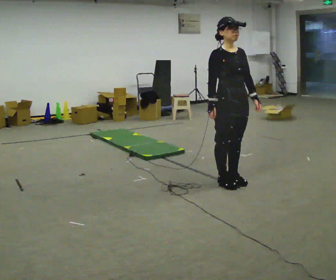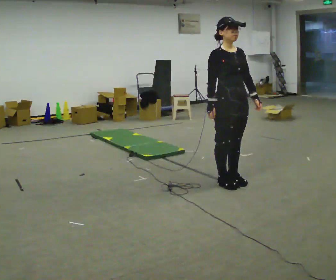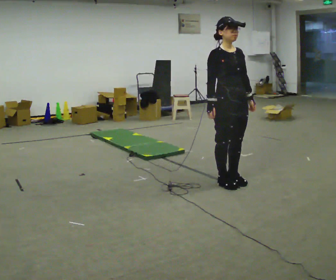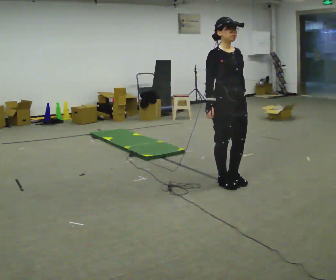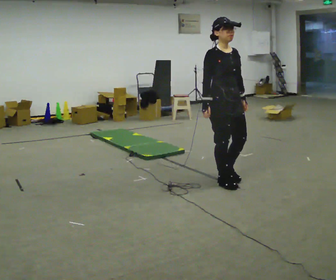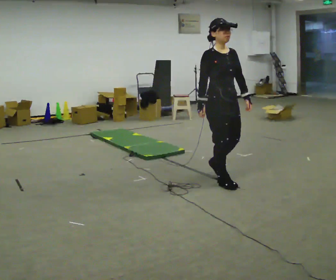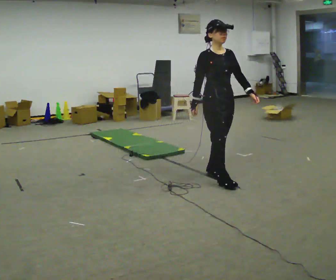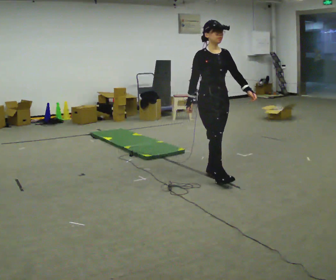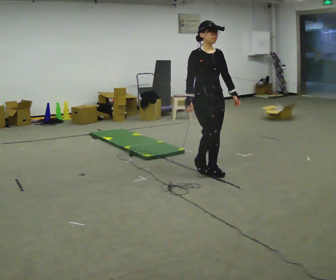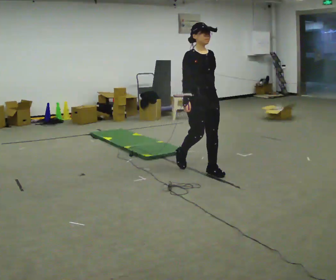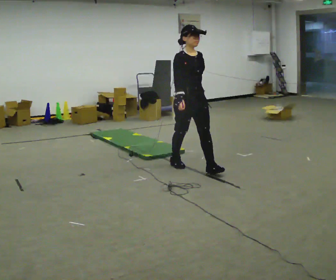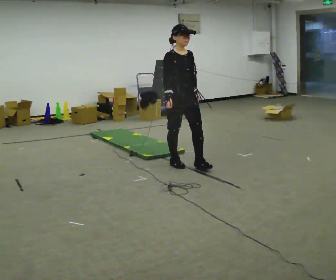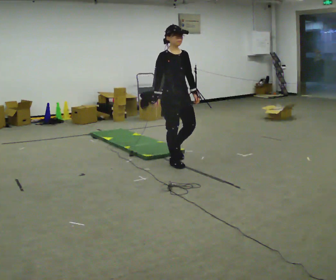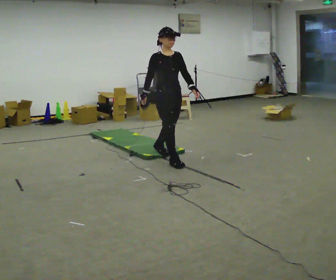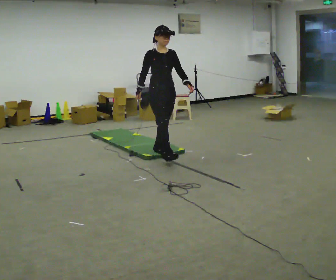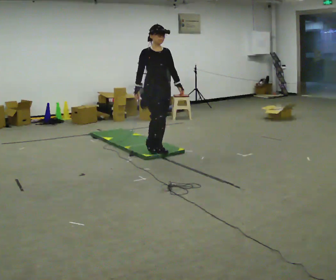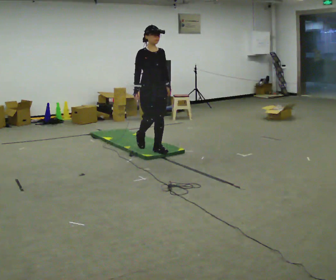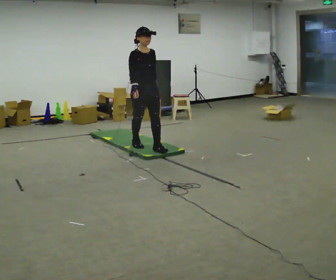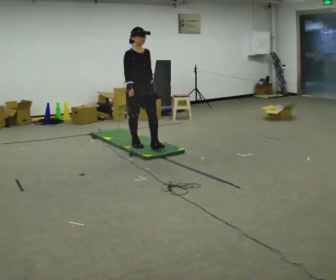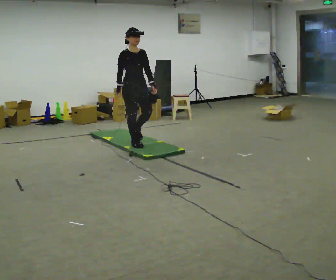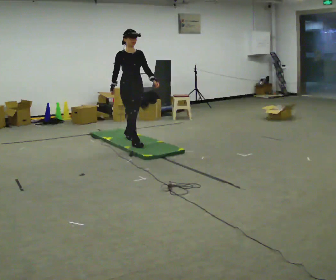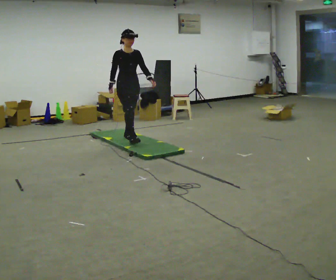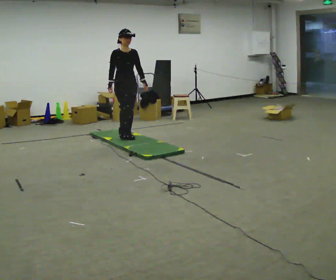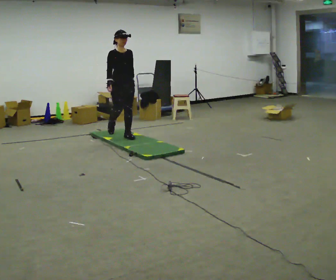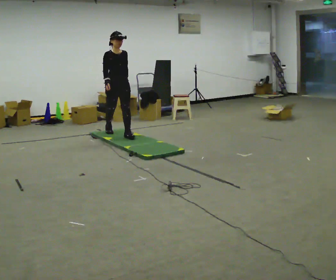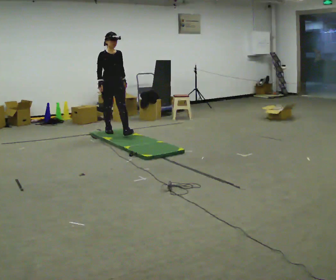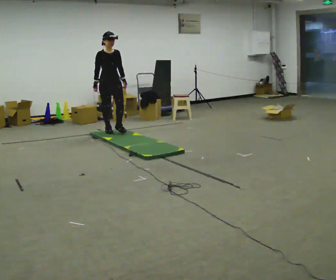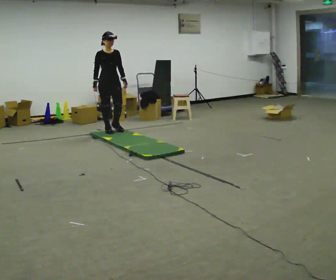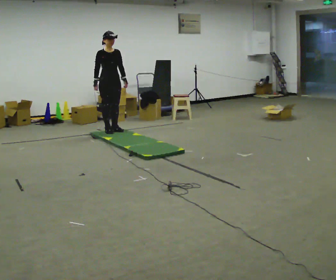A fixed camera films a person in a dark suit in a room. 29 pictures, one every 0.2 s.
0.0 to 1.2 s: In the picture they go away from the camera, about 0.25 m in 1 step, which for them is backward.
1.2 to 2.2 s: In the picture they go away from the camera and to the left, about 0.5 m in 2 steps, which for them is backward.
2.2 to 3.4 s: In the picture they go away from the camera and to the left, about 1 m in 1 step, which for them is backward.
3.4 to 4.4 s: In the picture they go away from the camera and to the left, about 0.75 m in 2 steps, which for them is backward.
4.4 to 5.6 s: In the picture they go away from the camera and to the left, about 0.5 m in 1 step, which for them is backward.
The film runs backward here.
